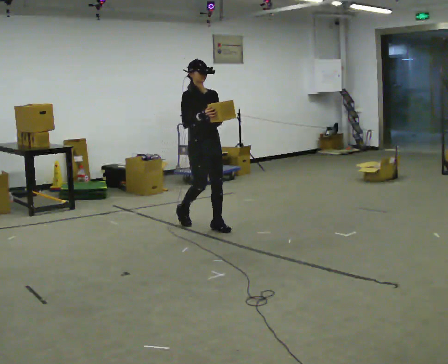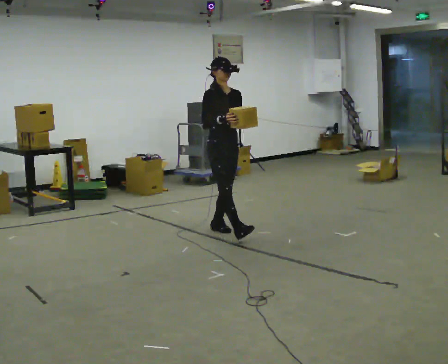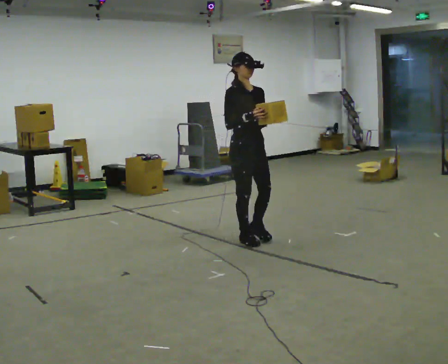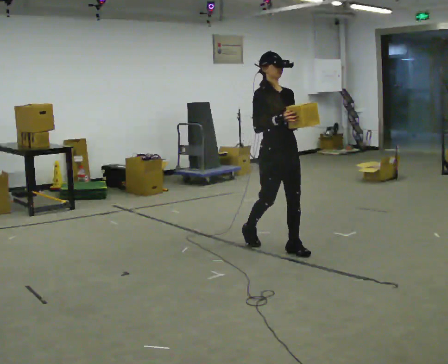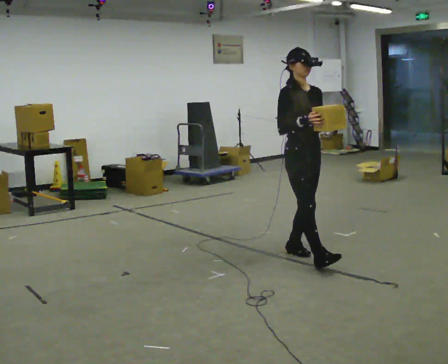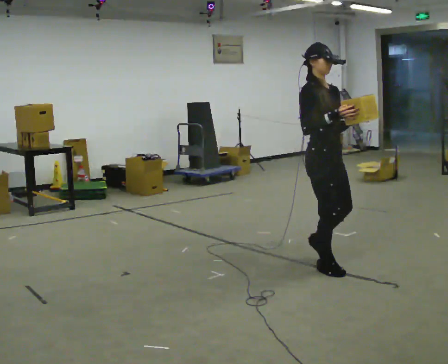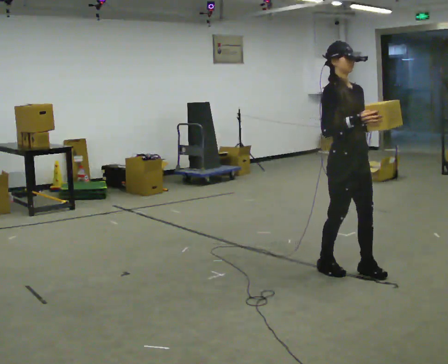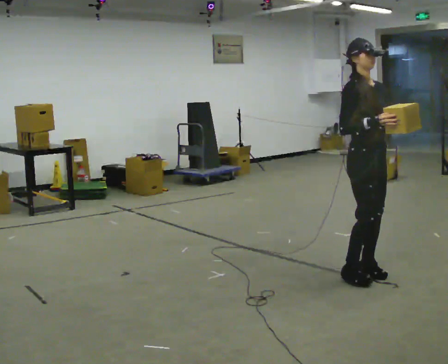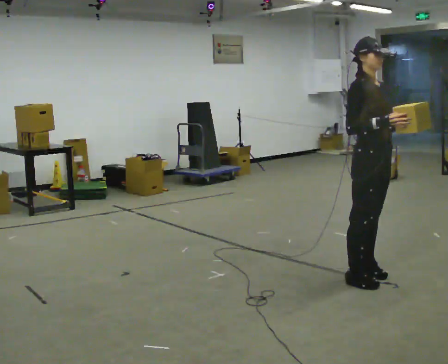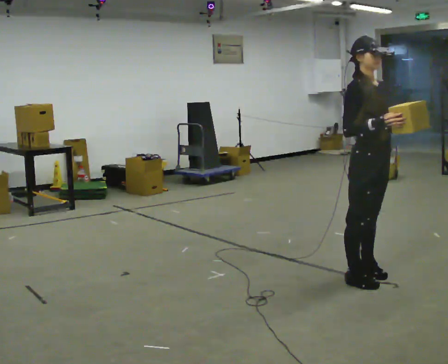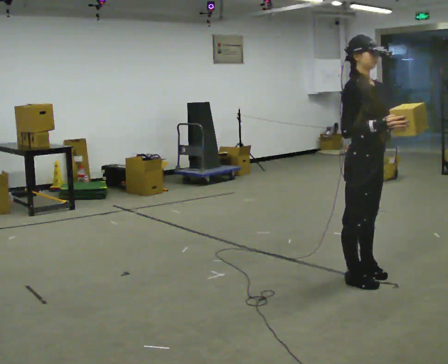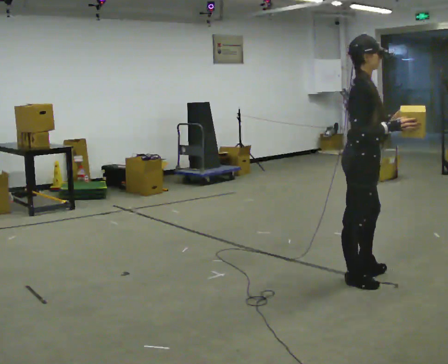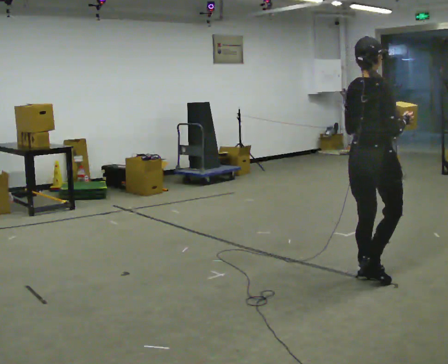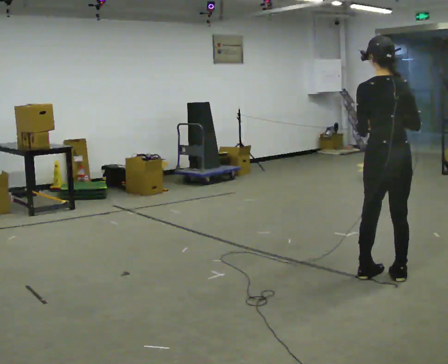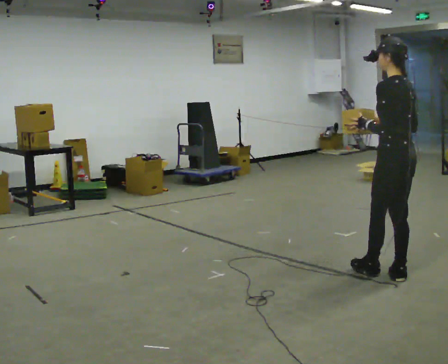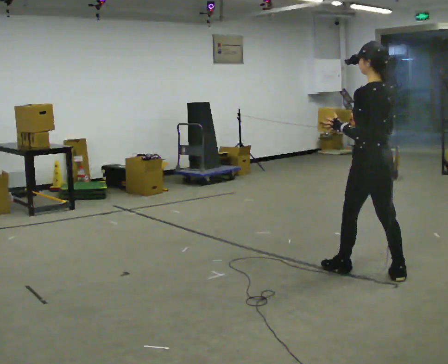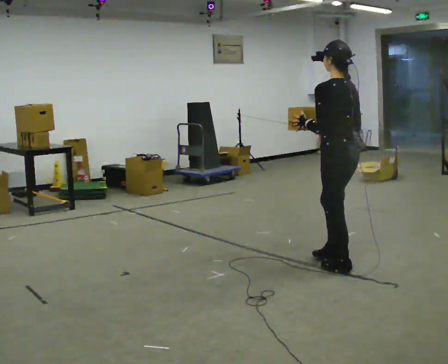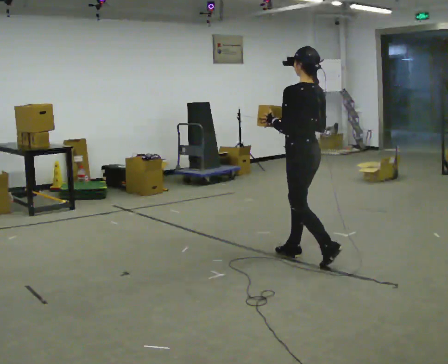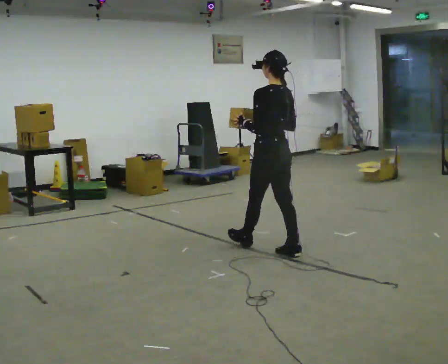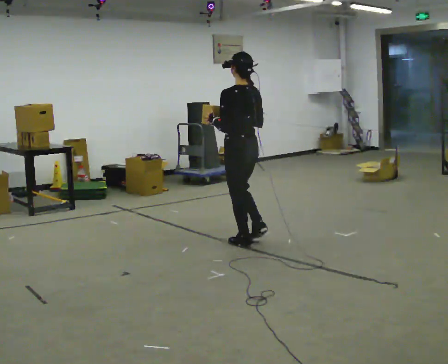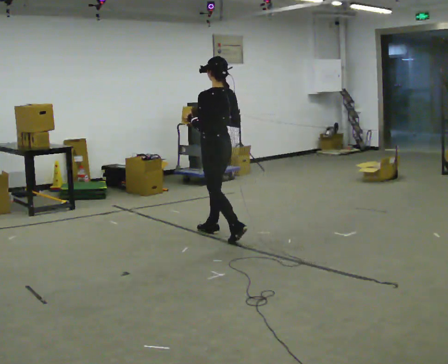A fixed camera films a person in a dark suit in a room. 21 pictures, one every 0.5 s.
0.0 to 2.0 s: In the picture they go to the right and toward the camera, about 1.5 m in 2 steps, which for them is forward.
2.0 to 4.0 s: In the picture they go to the right and toward the camera, about 0.5 m in 3 steps, which for them is forward.
4.0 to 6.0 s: The person turns about 90 degrees to their left, counterclockwise seen from above, so the part of the body nearest the lens slides to the right.
6.0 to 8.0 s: The person turns about 90 degrees to their left, counterclockwise seen from above, so the part of the body nearest the lens slides to the right. In the picture they go away from the camera and to the left, about 0.25 m in 2 steps.
8.0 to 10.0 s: In the picture they go to the left and away from the camera, about 1.5 m in 3 steps, which for them is forward.
The film runs forward here.
